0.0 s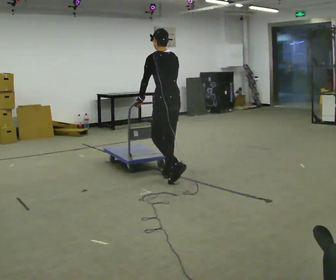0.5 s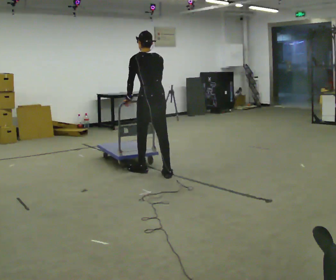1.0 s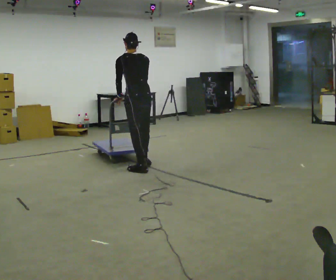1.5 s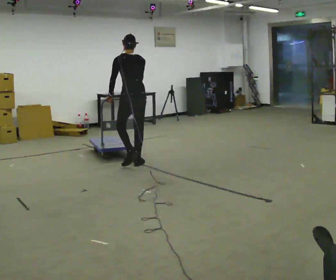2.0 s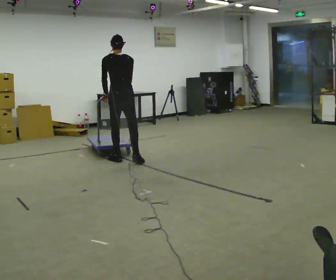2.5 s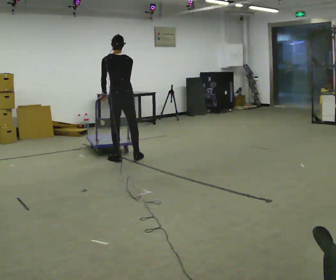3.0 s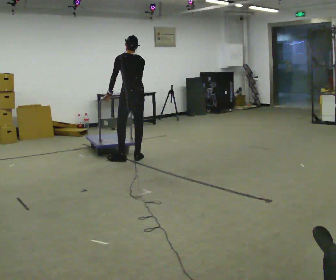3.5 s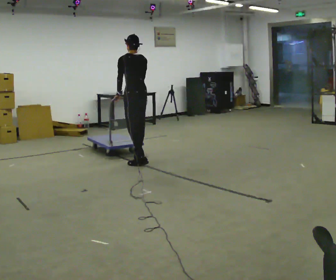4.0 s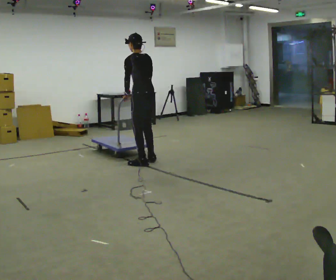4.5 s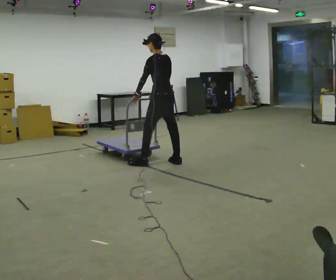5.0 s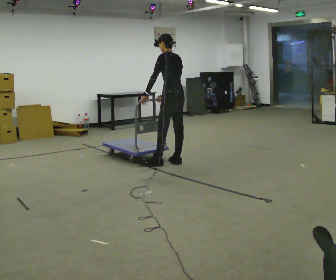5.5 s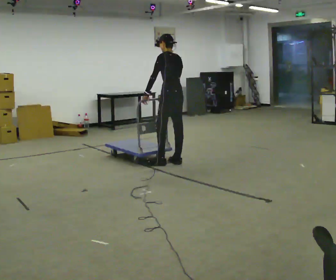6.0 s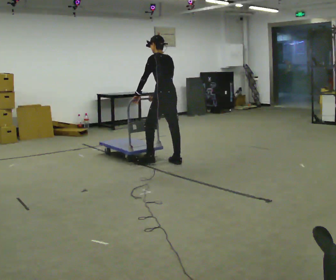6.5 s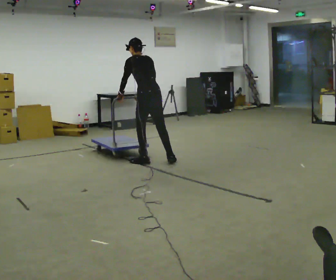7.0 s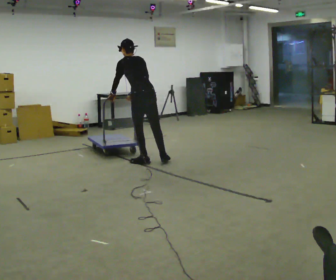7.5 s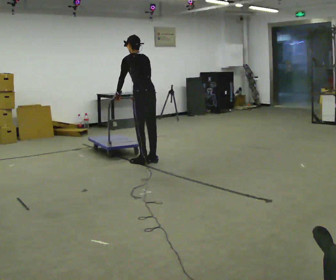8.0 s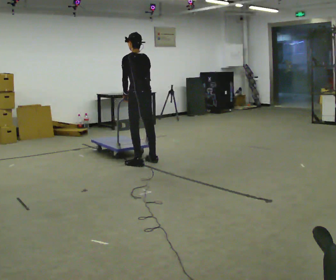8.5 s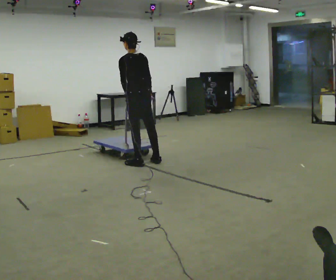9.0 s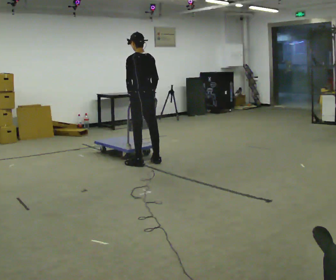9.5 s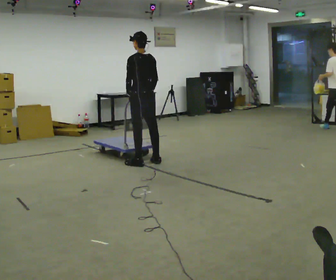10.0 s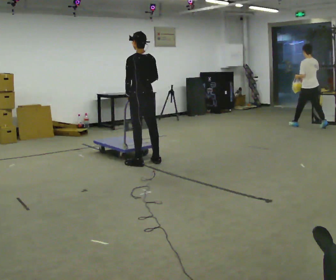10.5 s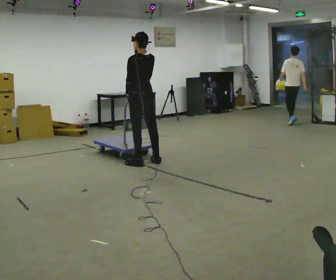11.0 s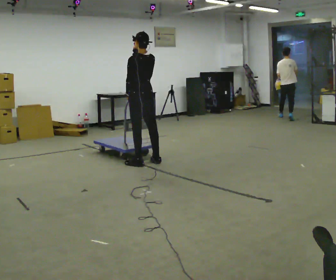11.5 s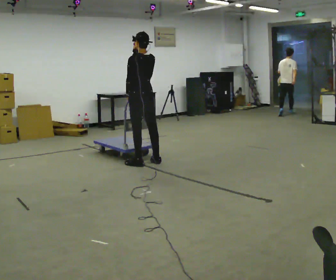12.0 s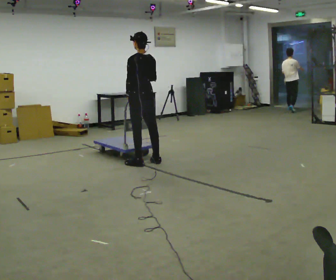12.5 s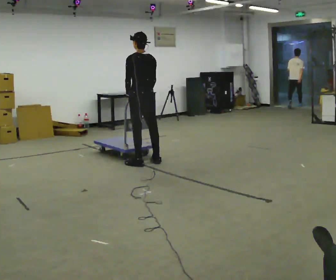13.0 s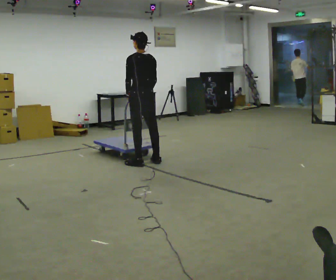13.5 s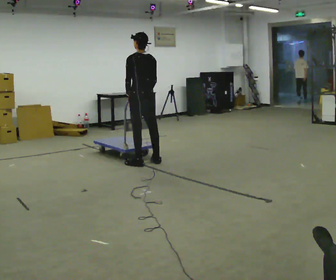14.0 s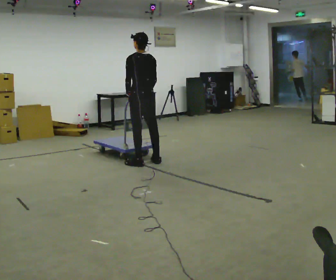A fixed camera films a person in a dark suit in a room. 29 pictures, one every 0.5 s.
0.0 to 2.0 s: The part of the body nearest the lens slides to the left as the person turns to their right by about 30 degrees. In the picture they go away from the camera and to the left, about 1 m in 3 steps, which for them is forward.
2.0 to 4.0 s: Seen from above the body turns counterclockwise, about 45 degrees: to their left, with its near side sliding to the right. In the picture they go to the right and toward the camera, about 0.5 m in 2 steps, which for them is to their right and backward.
4.0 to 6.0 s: In the picture they go to the right, about 0.25 m in 2 steps, which for them is to their right and backward.
6.0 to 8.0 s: In the picture they go to the left, about 0.25 m in 4 steps, which for them is to their left and forward.
8.0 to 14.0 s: The person moves a little, or ends about where they began.
The film runs forward here.
